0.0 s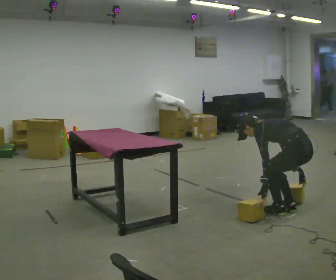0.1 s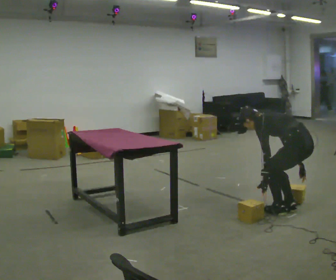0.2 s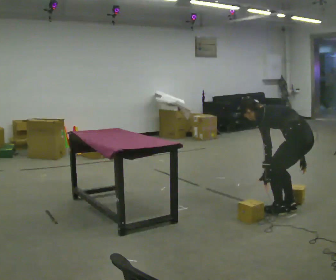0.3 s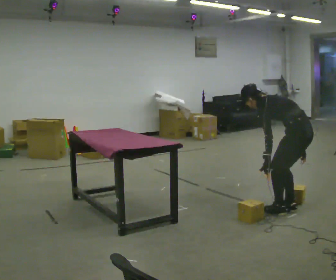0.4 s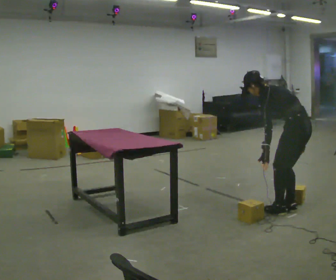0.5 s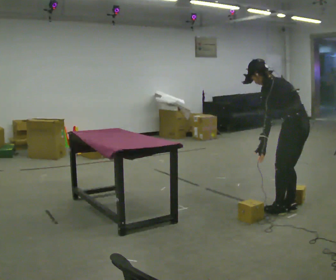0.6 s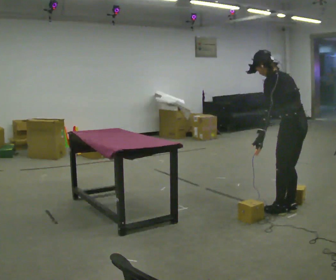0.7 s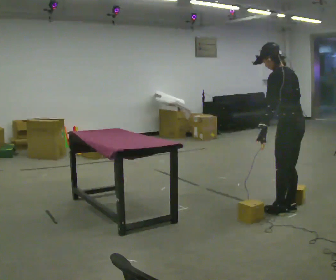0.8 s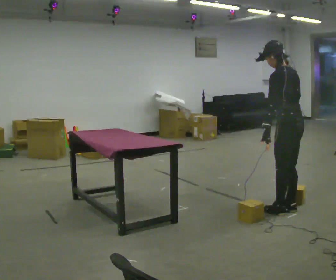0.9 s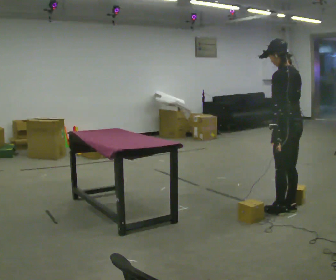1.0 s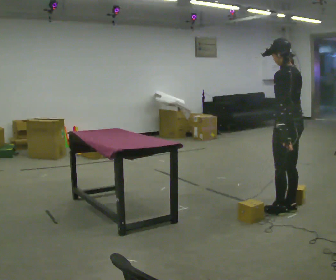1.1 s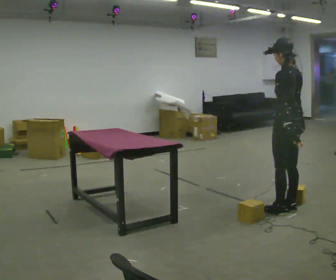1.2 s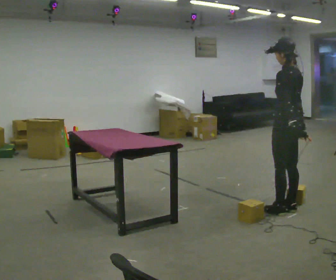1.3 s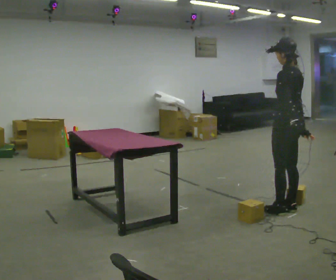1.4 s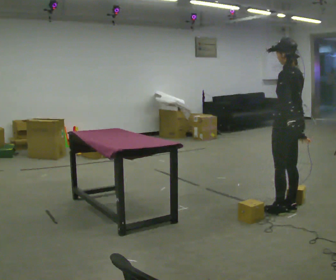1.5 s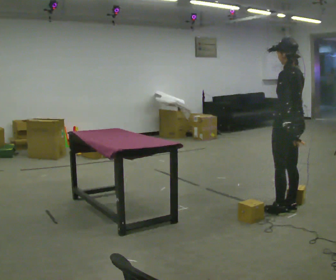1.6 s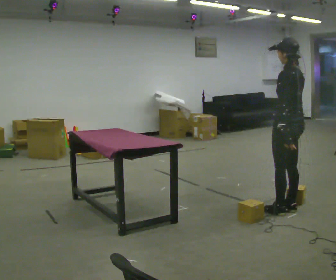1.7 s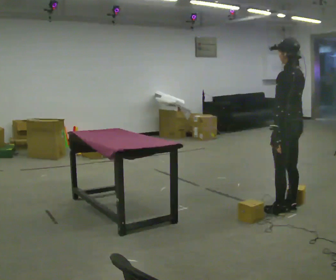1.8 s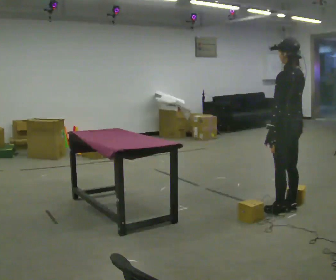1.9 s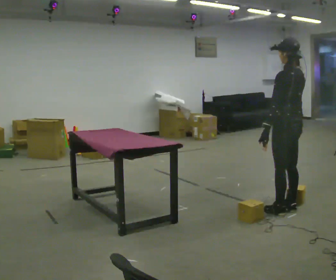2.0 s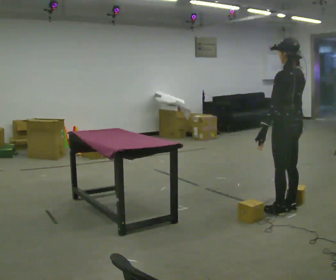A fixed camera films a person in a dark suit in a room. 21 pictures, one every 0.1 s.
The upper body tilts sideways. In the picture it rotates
clockwise.
Their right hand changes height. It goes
upward.
0.0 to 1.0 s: The shoulders move upward. In the picture the upper body tilts clockwise, shoulders to the right, as they lean back or straighten. In the picture their right hand goes upward.
1.0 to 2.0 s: The person moves a little, or ends about where they began.
The film runs forward here.
